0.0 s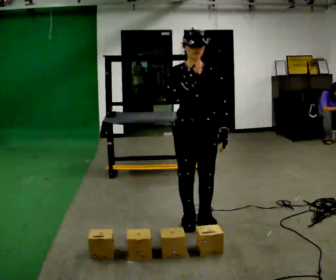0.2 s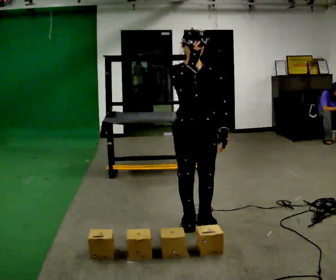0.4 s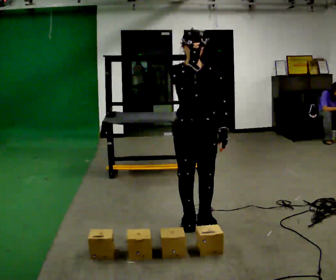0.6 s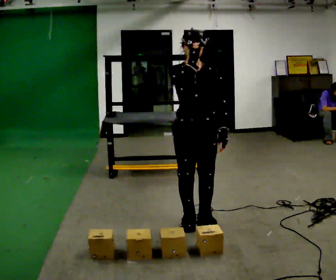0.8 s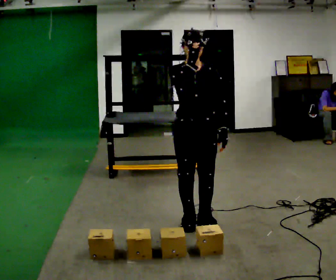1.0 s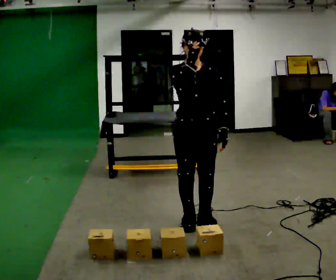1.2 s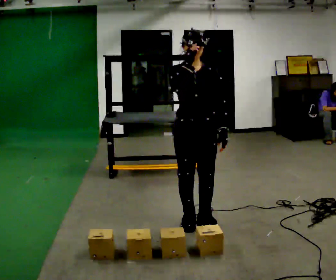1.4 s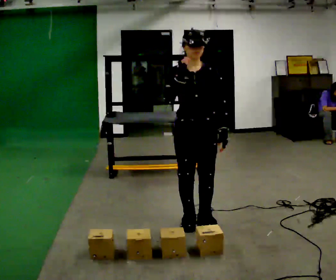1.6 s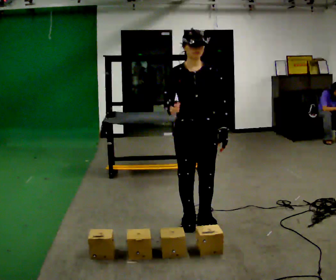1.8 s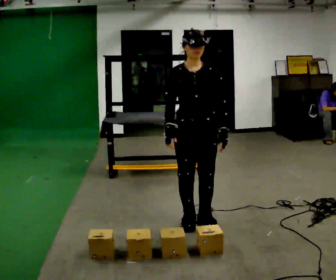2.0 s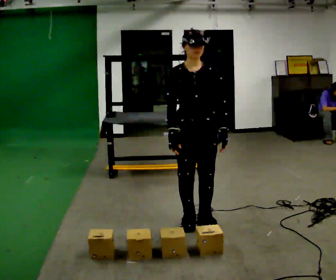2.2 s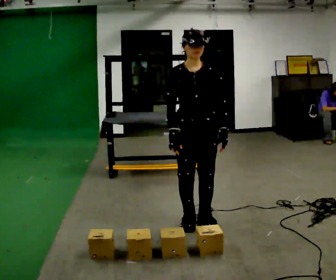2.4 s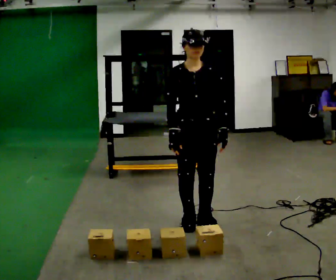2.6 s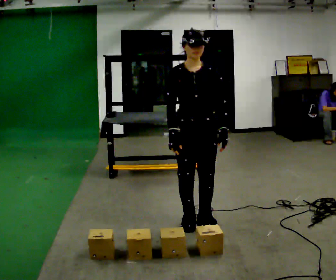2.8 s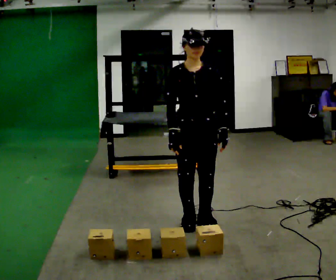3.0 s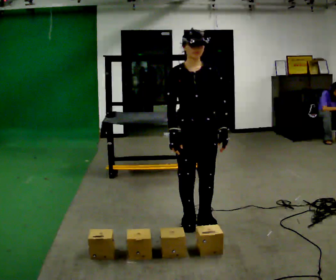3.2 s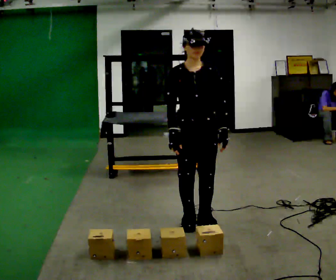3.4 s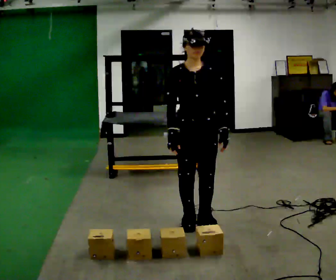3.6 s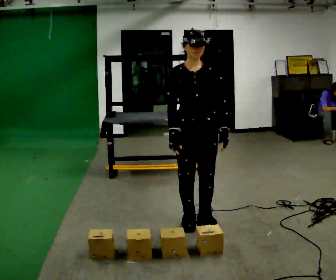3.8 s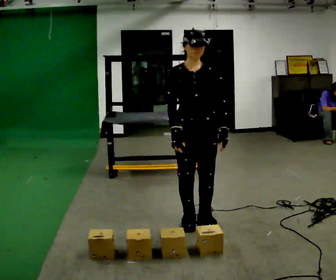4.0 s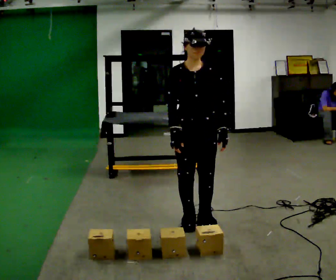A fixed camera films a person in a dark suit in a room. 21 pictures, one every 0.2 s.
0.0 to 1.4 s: The person moves a little, or ends about where they began.
1.4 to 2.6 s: In the picture their right hand goes downward.
2.6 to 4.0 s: The person keeps their place and pose.
The film runs backward here.
